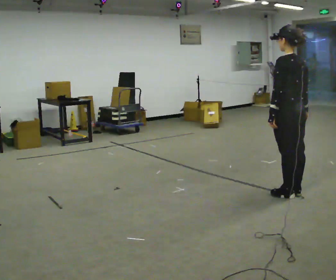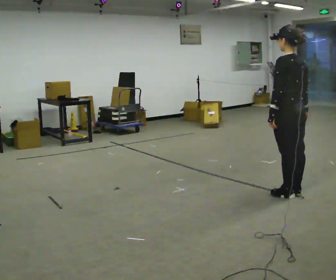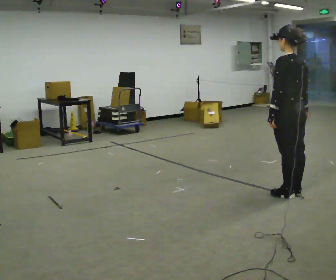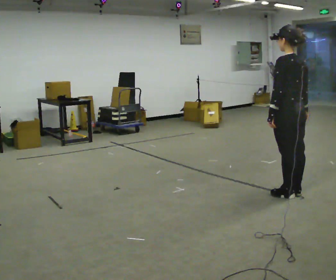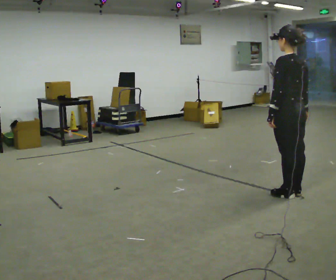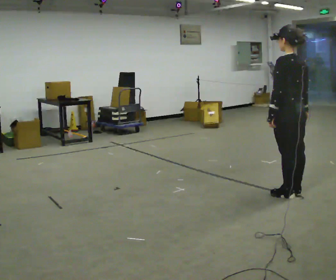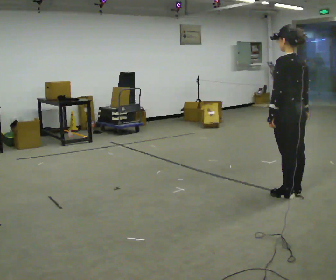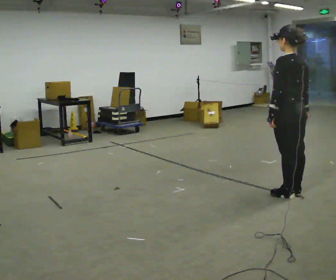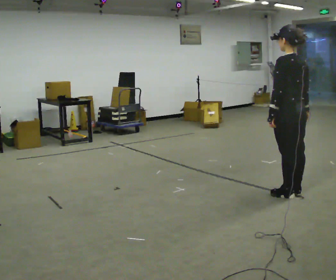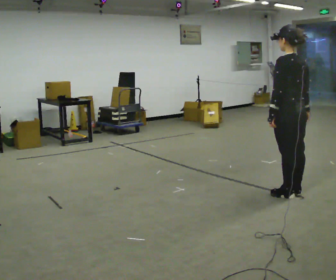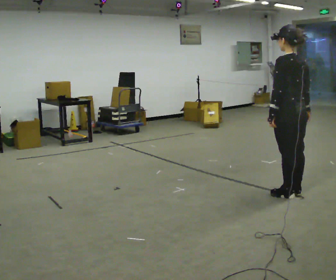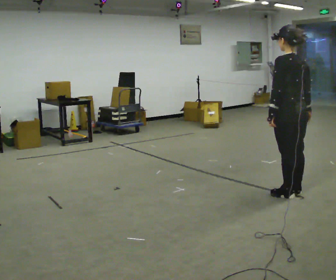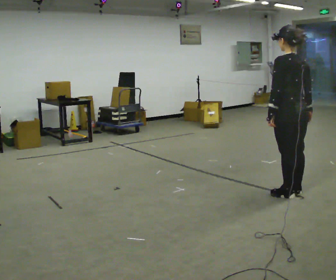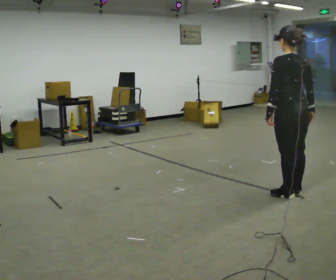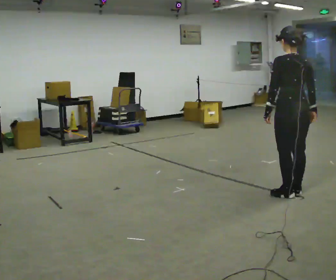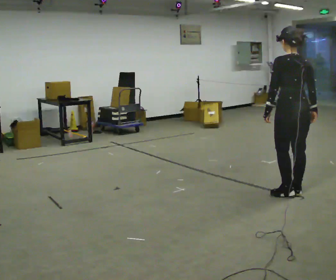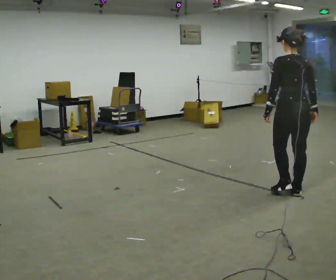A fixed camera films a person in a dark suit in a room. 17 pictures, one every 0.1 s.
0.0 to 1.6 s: Seen from above the body turns clockwise, about 30 degrees: to their right, with its near side sliding to the left.
The film runs forward here.
